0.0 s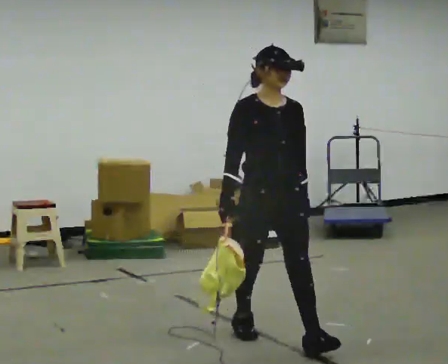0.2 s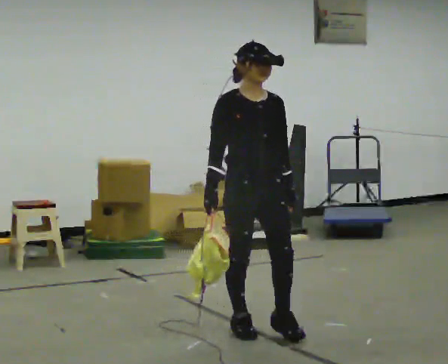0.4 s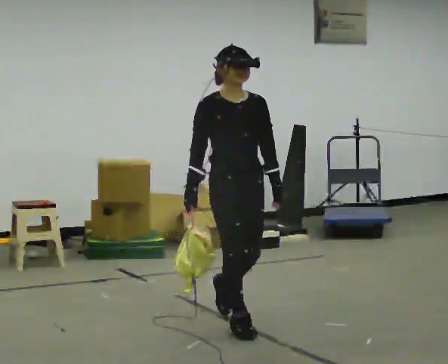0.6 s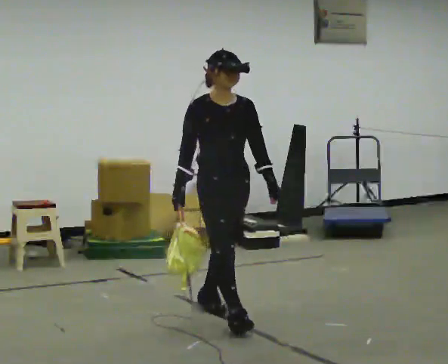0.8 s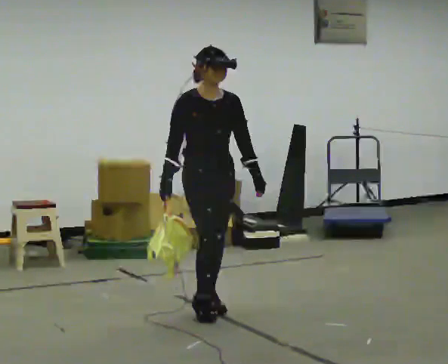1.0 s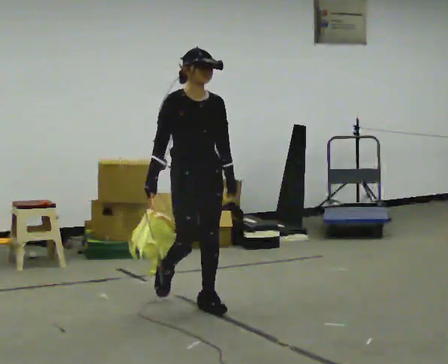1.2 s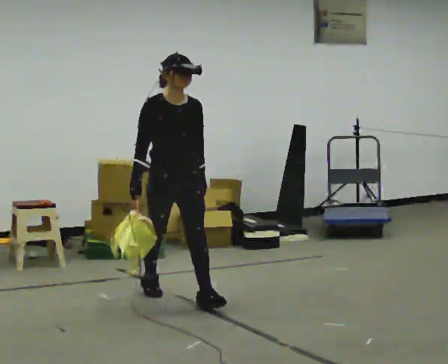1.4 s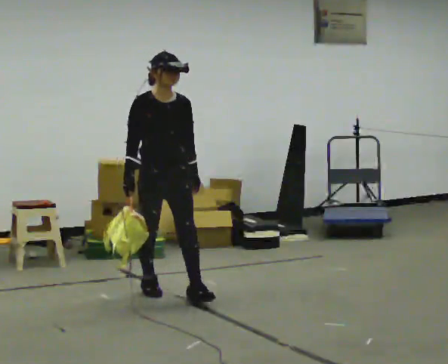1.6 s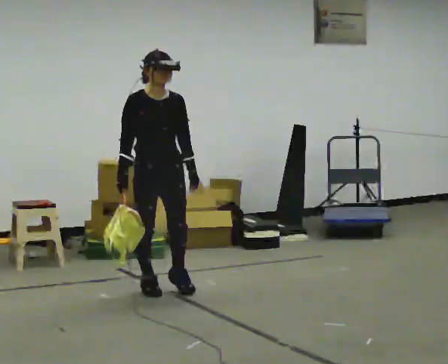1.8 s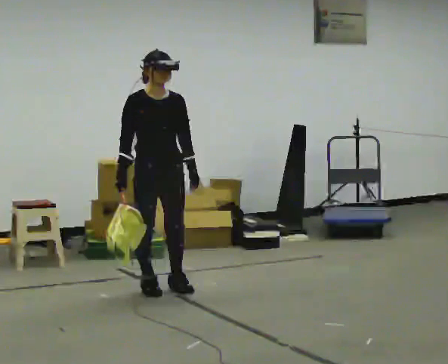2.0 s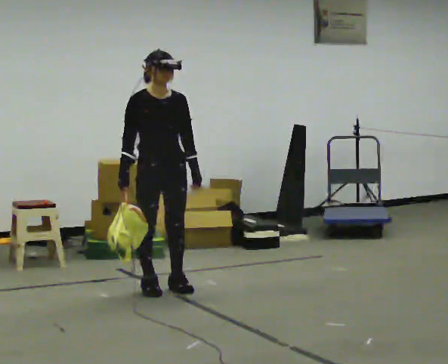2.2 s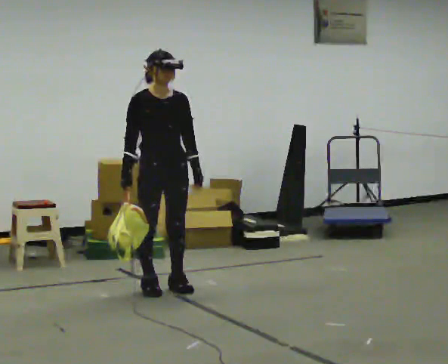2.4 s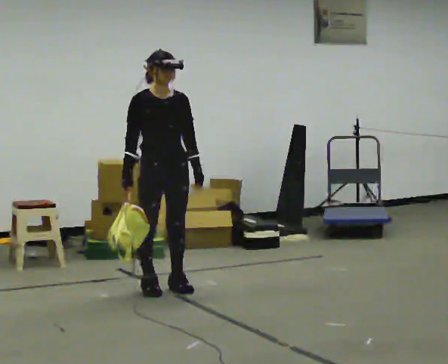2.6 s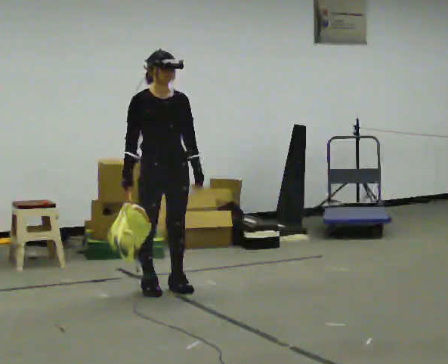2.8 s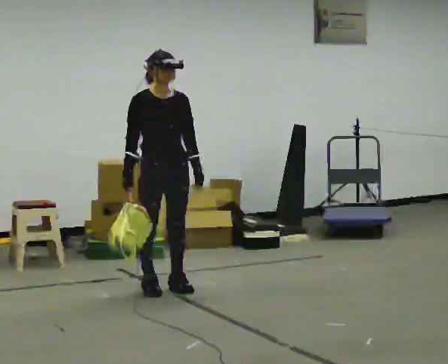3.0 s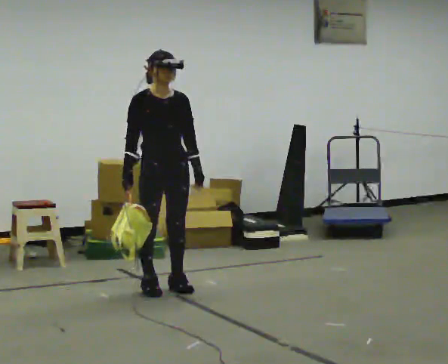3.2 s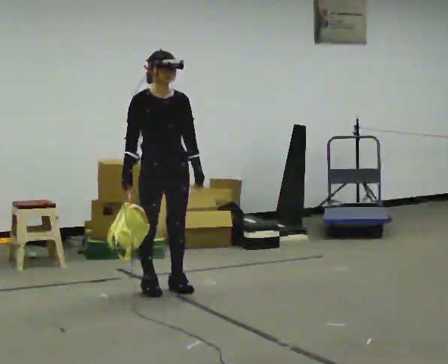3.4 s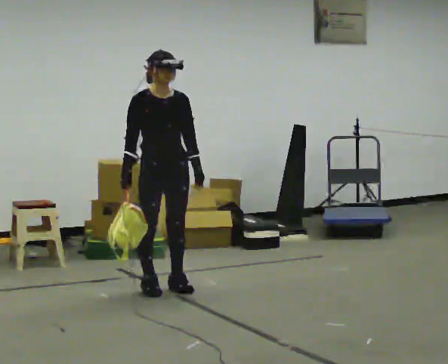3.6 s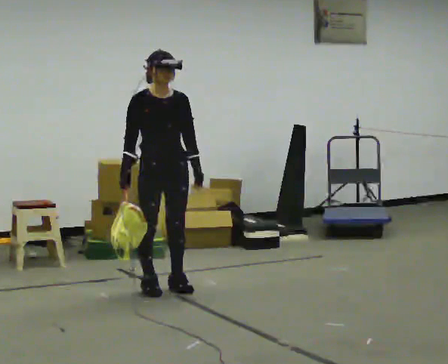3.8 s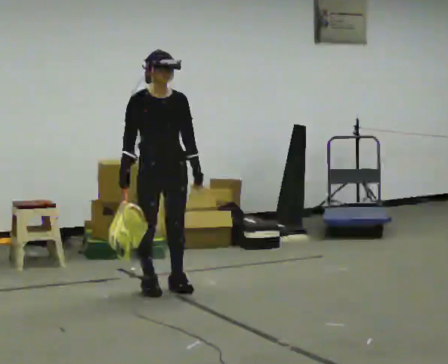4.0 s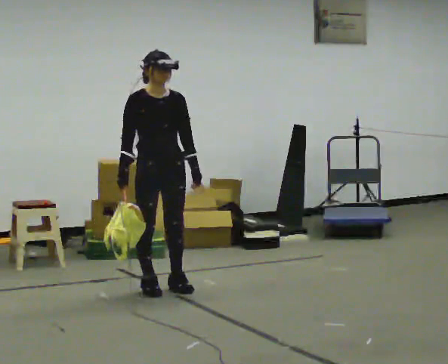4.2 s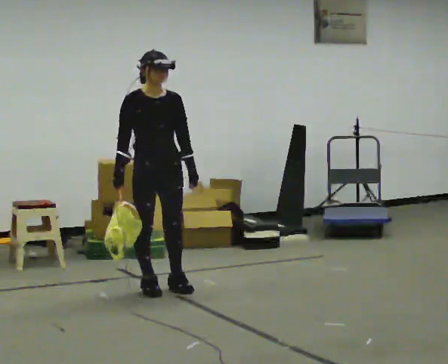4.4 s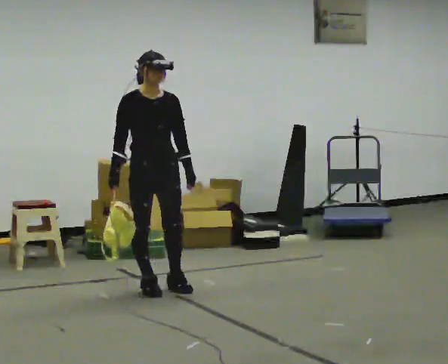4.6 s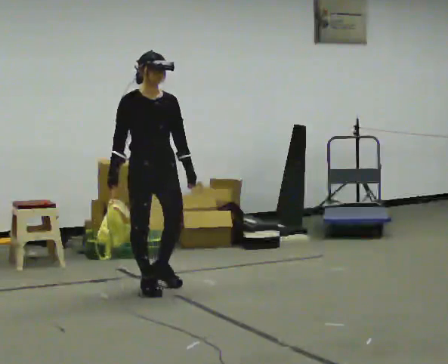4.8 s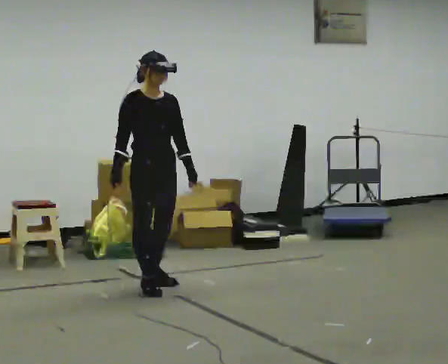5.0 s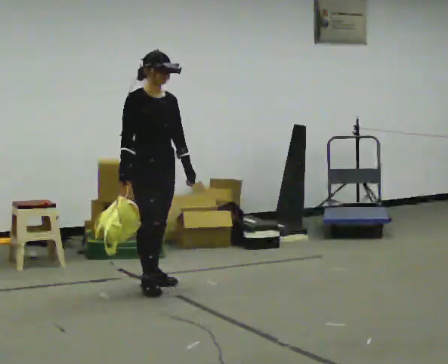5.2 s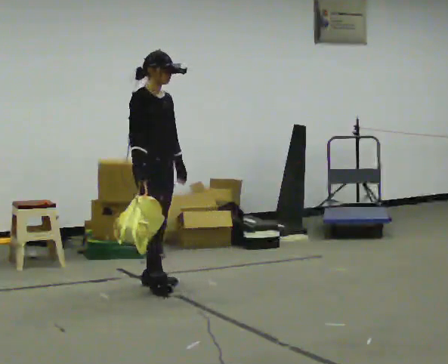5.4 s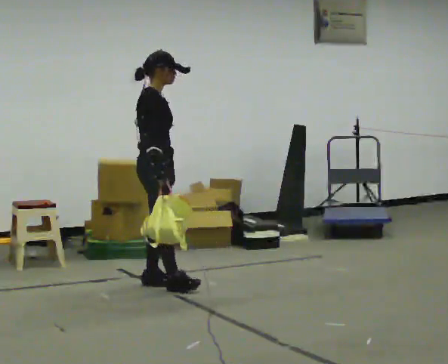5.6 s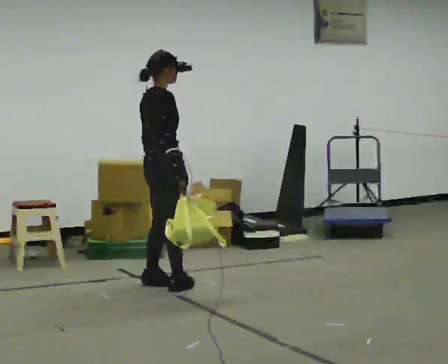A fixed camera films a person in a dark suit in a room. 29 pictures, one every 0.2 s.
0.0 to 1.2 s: In the picture they go away from the camera and to the left, about 1 m in 2 steps, which for them is backward.
1.2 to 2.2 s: In the picture they go away from the camera, about 0.25 m, which for them is backward.
2.2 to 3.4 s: The person keeps their place and pose.
3.4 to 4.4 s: The person moves a little, or ends about where they began.
4.4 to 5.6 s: Seen from above the body turns counterclockwise, about 90 degrees: to their left, with its near side sliding to the right. In the picture their right hand goes to the right, the arm swinging counterclockwise.
The film runs backward here.
